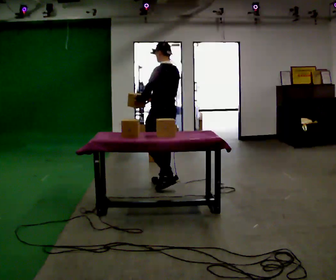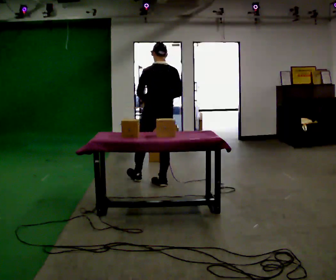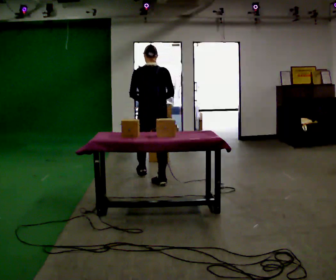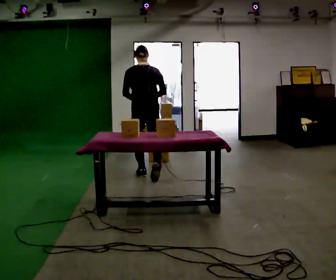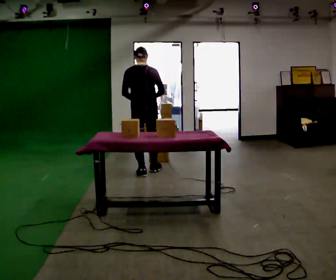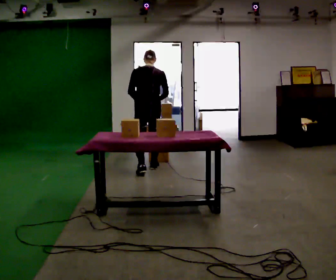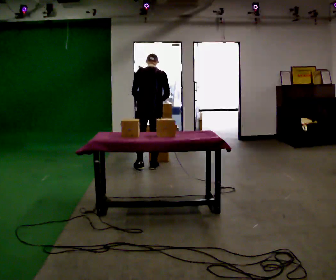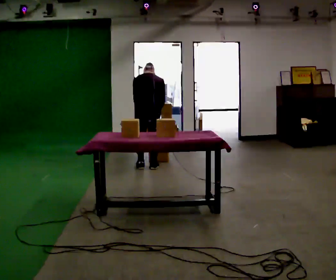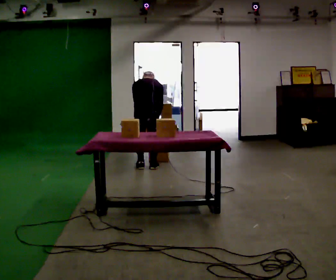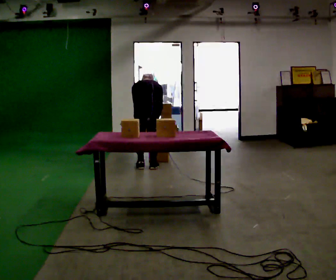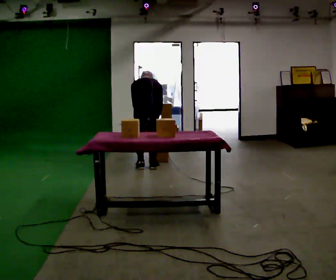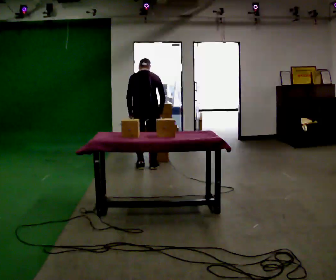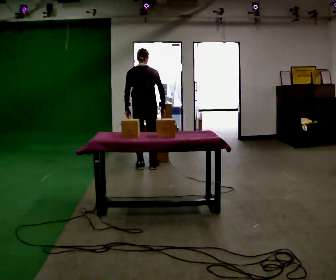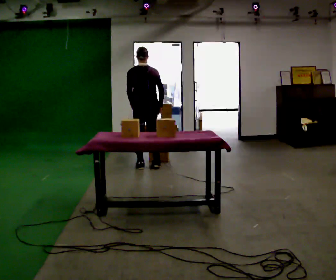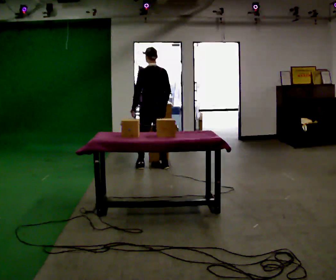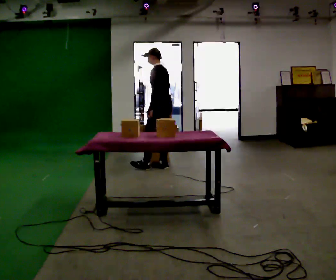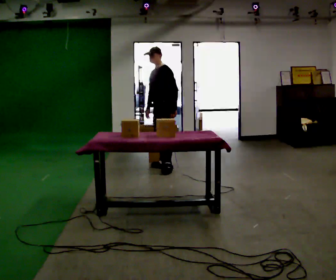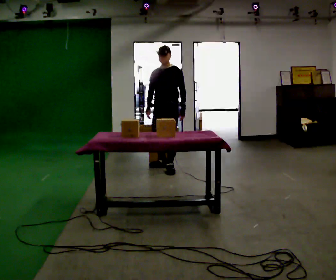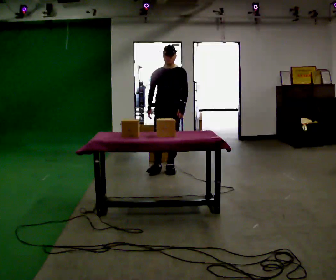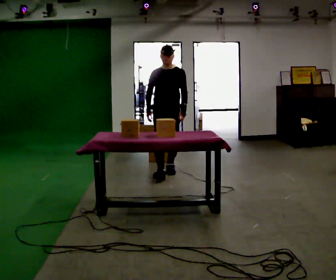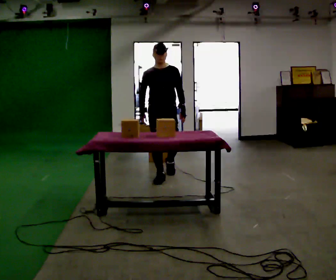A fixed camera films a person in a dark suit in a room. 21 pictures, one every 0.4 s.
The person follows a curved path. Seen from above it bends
clockwise.
0.0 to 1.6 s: Seen from above the body turns clockwise, about 45 degrees: to their right, with its near side sliding to the left. In the picture they go away from the camera and to the left, about 0.5 m in 1 step, which for them is forward and to their left.
1.6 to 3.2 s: In the picture they go away from the camera, about 0.25 m in 2 steps, which for them is forward. The upper body goes downward. The upper body tips away from the camera, its near side rolling upward, as they bend forward. In the picture their right hand goes downward.
3.2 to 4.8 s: The shoulders move upward. The upper body tips toward the camera, its near side rolling downward, as they lean back or straighten.
4.8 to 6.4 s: The person turns about 120 degrees to their left, counterclockwise seen from above, so the part of the body nearest the lens slides to the right. In the picture they go to the right, about 0.25 m in 2 steps.
6.4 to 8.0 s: Seen from above the body turns counterclockwise, about 60 degrees: to their left, with its near side sliding to the right. In the picture they go toward the camera, about 0.5 m in 1 step.
The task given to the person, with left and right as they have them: Carry the object across the room, open the lid of the container, put the object inside, and close the lid again. Then go back for the next one. Keep going until the operator says stop; one object at a time, and do not rush between trips.
The film runs forward here.
